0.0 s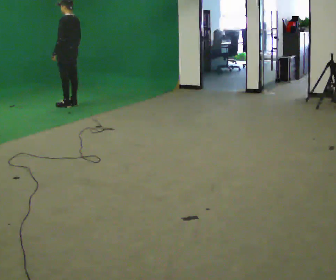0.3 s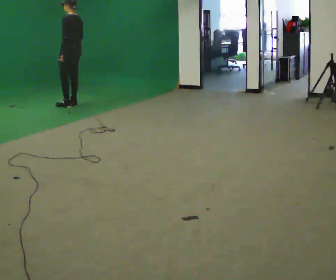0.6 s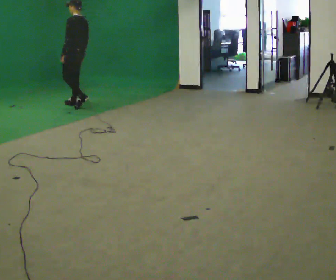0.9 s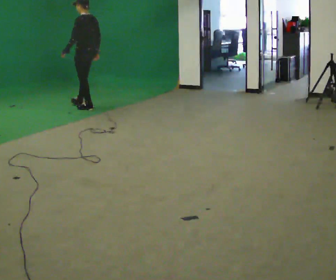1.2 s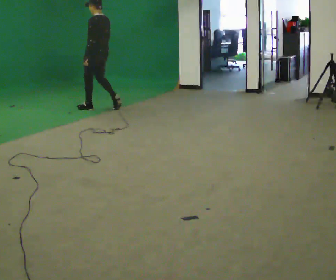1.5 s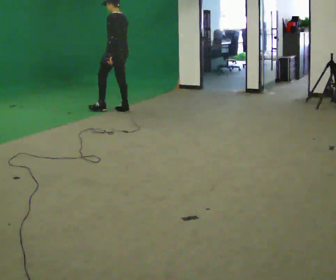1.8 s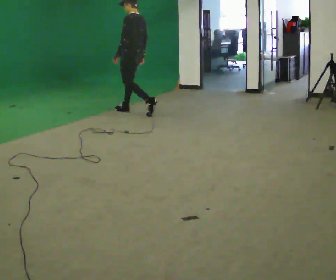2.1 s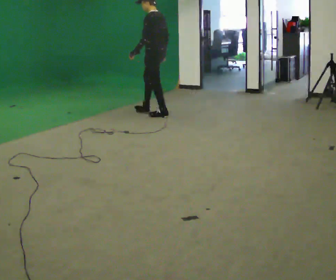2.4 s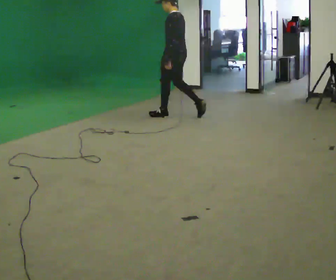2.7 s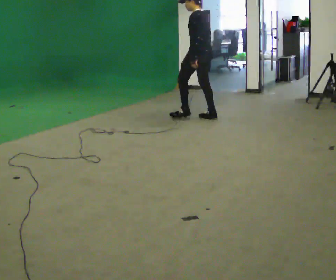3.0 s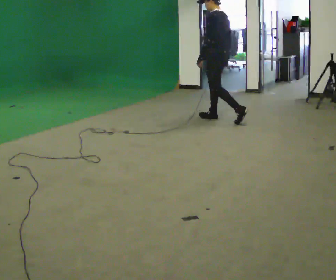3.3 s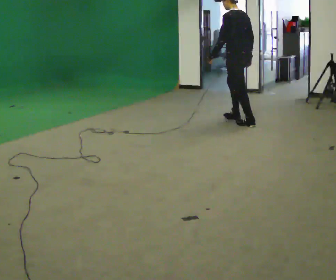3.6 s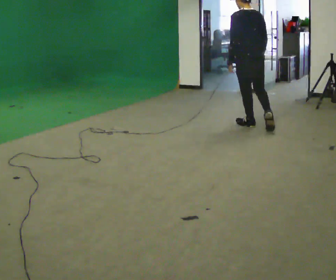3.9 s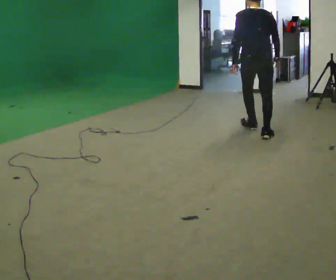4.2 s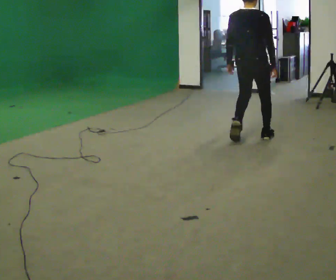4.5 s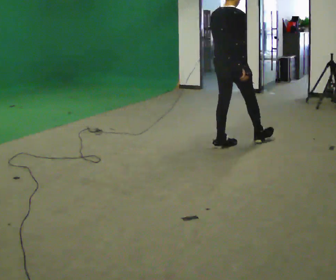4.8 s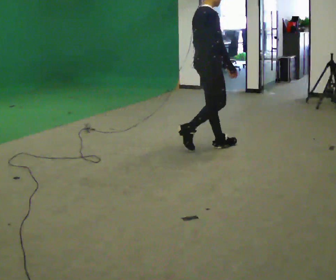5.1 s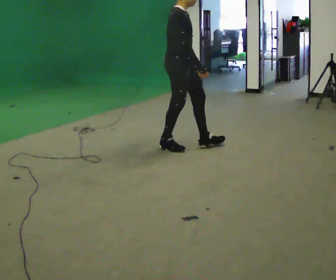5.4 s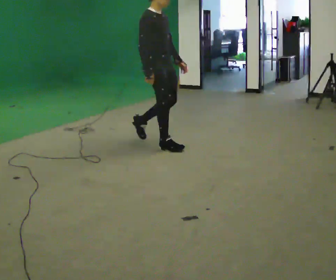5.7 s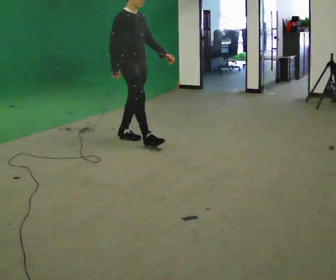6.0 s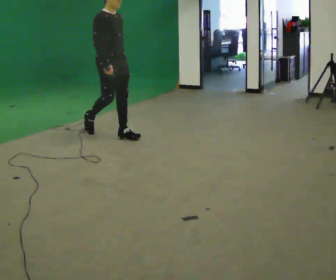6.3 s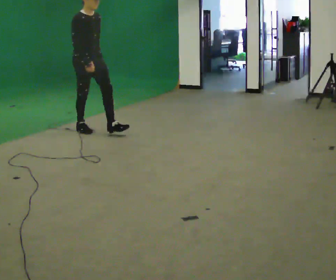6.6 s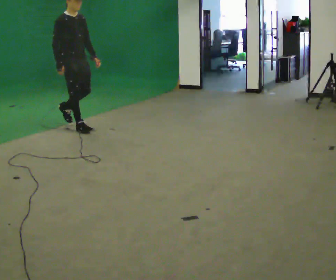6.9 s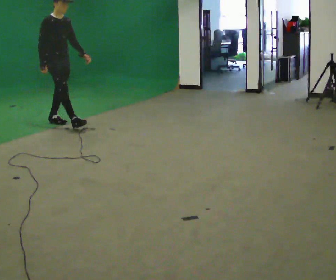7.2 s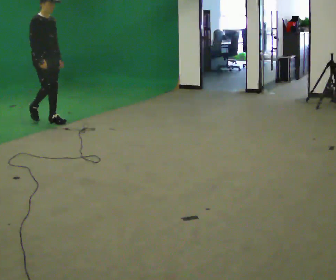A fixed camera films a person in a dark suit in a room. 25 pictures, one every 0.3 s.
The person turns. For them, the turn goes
to their right.
The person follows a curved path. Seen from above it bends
clockwise.
0.0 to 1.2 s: In the picture they go to the right, about 0.5 m in 2 steps, which for them is backward.
1.2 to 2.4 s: In the picture they go to the right, about 1.5 m in 2 steps, which for them is backward.
2.4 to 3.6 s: The part of the body nearest the lens slides to the left as the person turns to their right by about 45 degrees. In the picture they go to the right and toward the camera, about 1 m in 2 steps, which for them is backward.
3.6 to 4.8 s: The person turns about 105 degrees to their right, clockwise seen from above, so the part of the body nearest the lens slides to the left. In the picture they go toward the camera and to the left, about 1 m in 2 steps.
4.8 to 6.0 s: The person turns about 45 degrees to their right, clockwise seen from above, so the part of the body nearest the lens slides to the left. In the picture they go to the left, about 1 m in 2 steps, which for them is backward.
6.0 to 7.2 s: In the picture they go to the left, about 1 m in 2 steps, which for them is backward.
The film runs backward here.
